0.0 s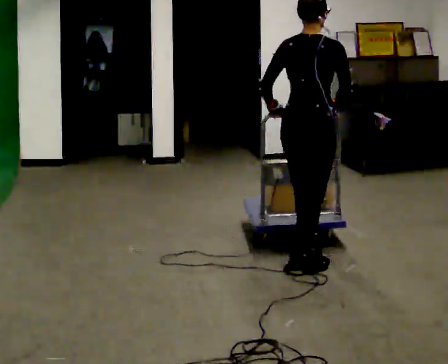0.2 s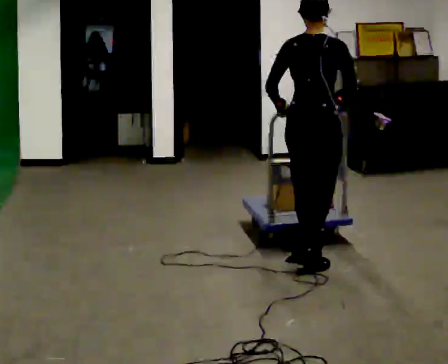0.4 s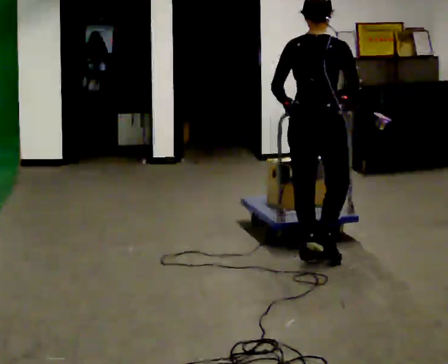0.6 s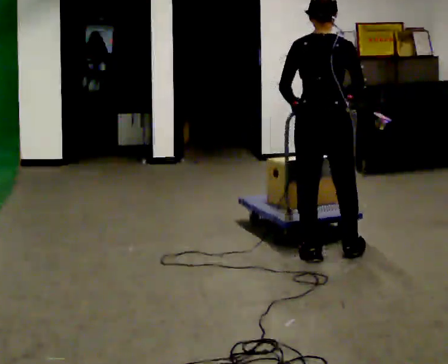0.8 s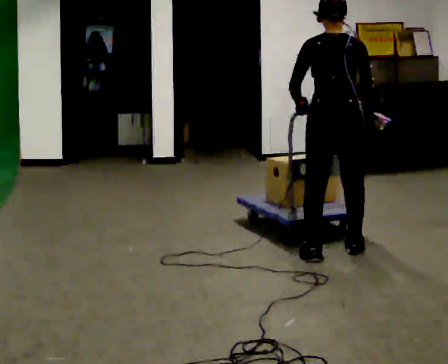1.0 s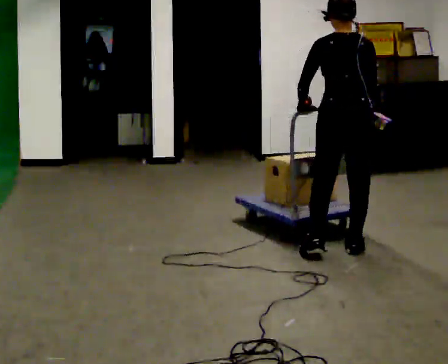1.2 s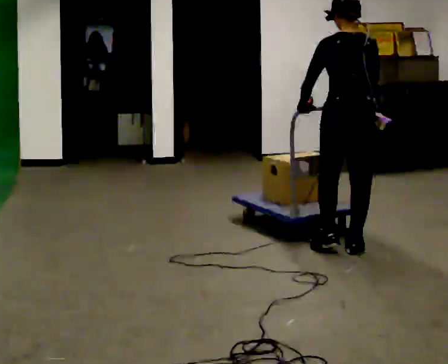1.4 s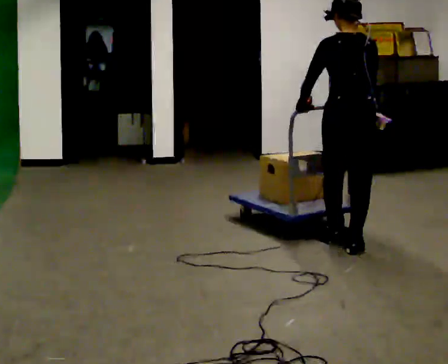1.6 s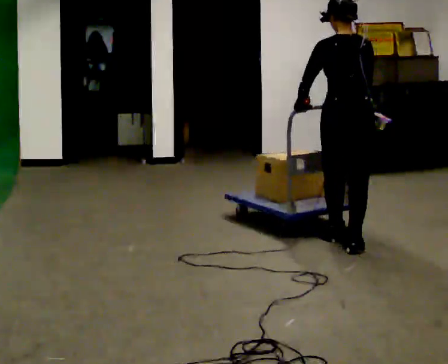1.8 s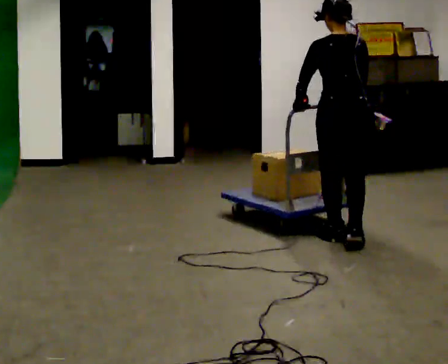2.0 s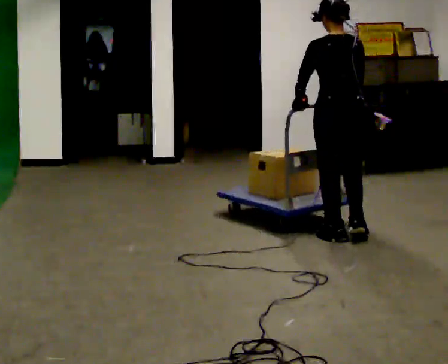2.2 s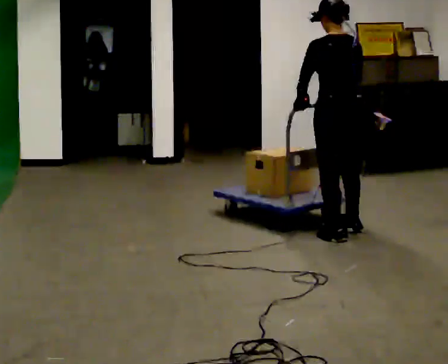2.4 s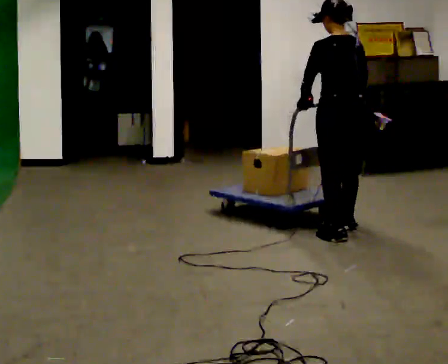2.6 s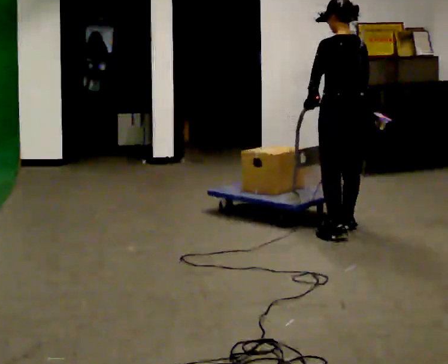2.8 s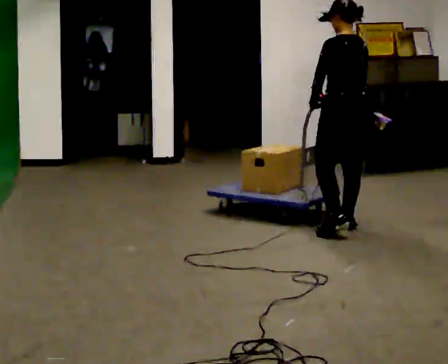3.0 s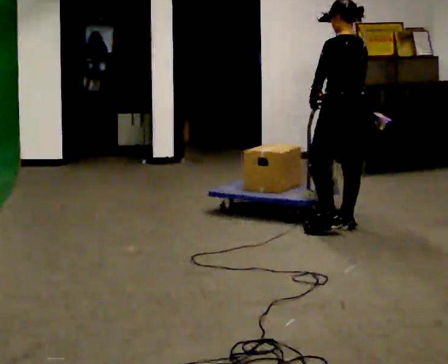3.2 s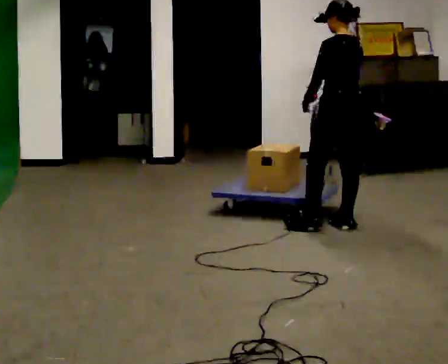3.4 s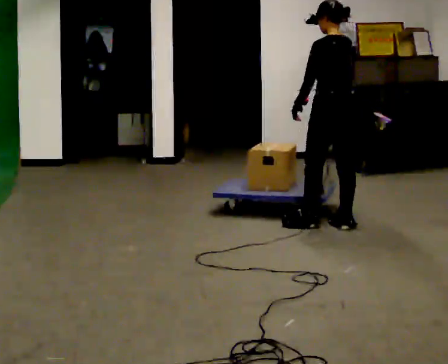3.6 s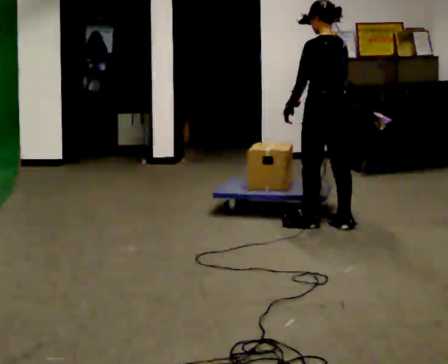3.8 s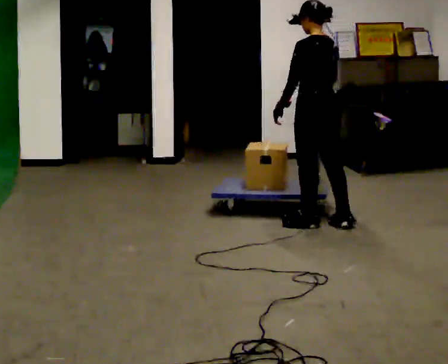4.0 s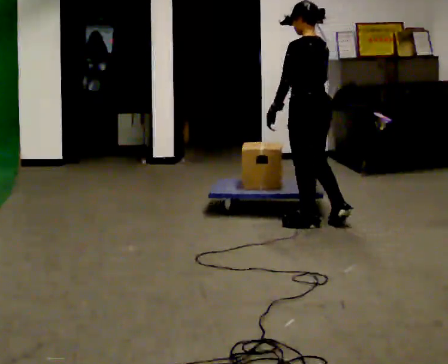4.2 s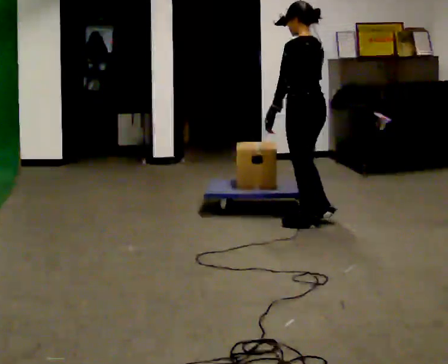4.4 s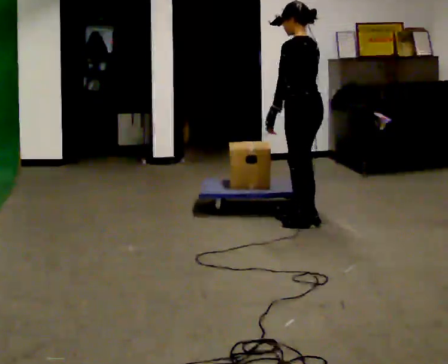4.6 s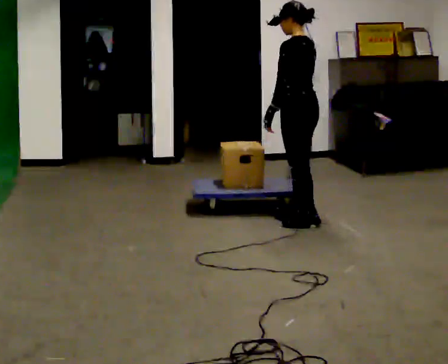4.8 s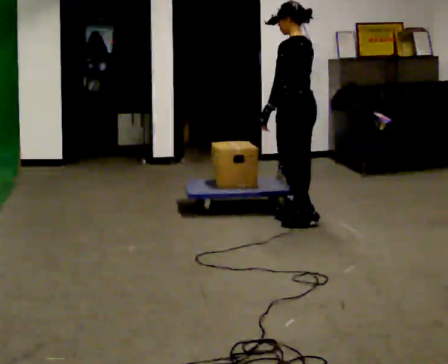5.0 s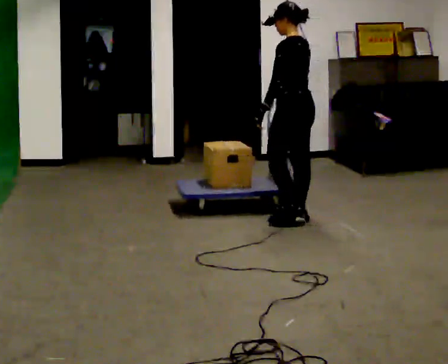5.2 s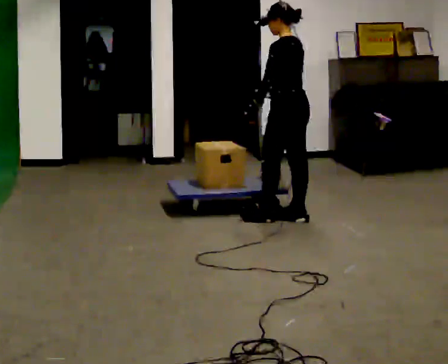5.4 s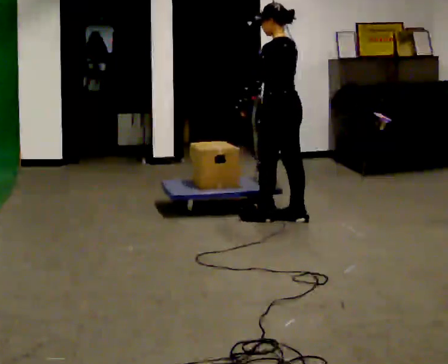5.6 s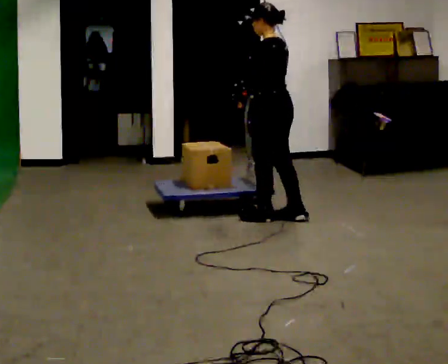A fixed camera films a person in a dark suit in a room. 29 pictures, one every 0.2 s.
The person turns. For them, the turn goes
to their left.
The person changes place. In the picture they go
away from the camera.
0.0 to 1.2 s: Seen from above the body turns counterclockwise, about 30 degrees: to their left, with its near side sliding to the right. In the picture they go away from the camera and to the right, about 0.5 m in 1 step, which for them is forward and to their right.
1.2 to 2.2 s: In the picture they go away from the camera, about 0.25 m in 1 step, which for them is forward.
2.2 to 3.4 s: In the picture they go away from the camera, about 0.25 m in 2 steps, which for them is forward and to their right.
3.4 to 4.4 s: In the picture they go to the left, about 0.25 m, which for them is forward.
4.4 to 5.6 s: In the picture they go to the left, about 0.25 m in 2 steps, which for them is forward.
The film runs forward here.
